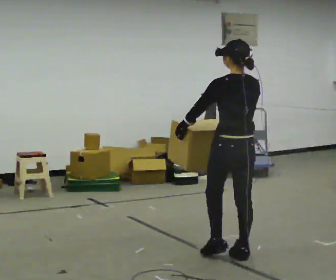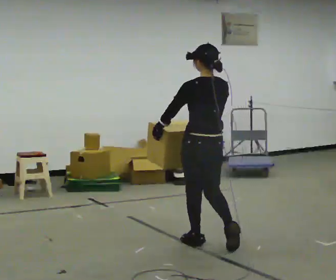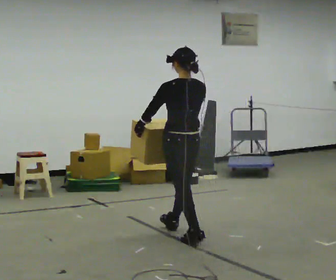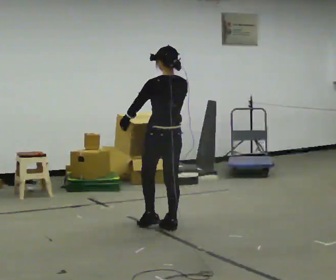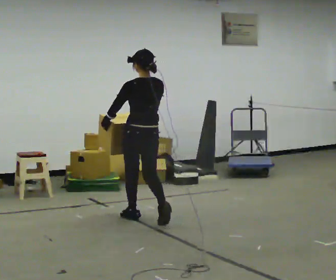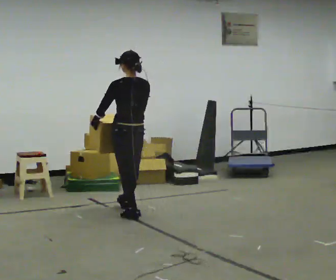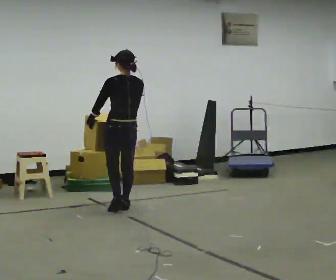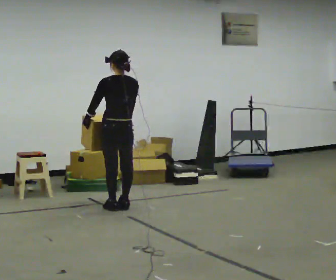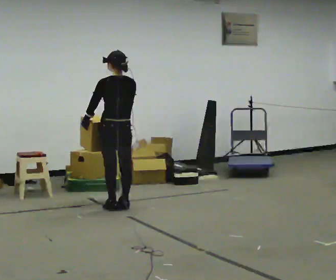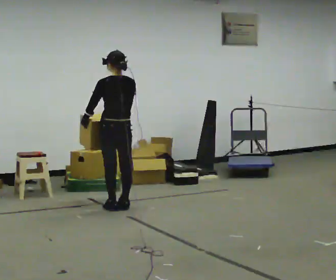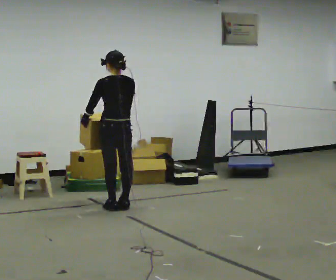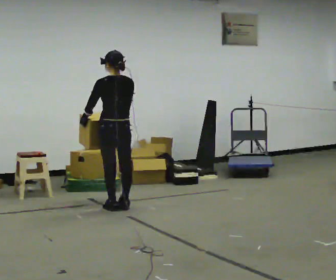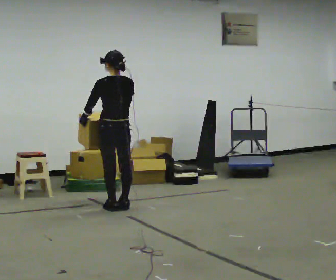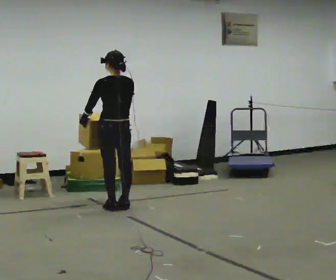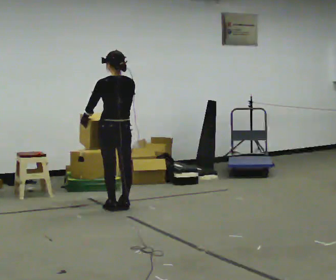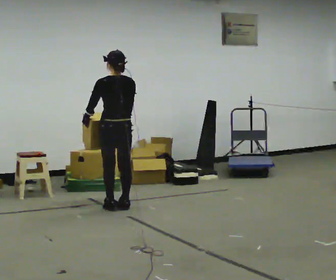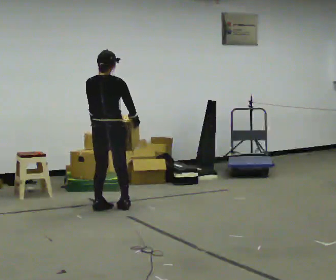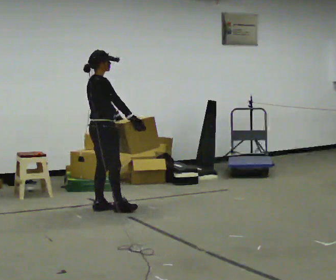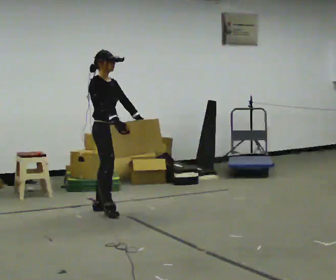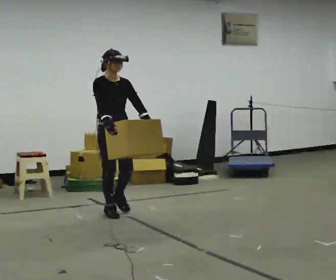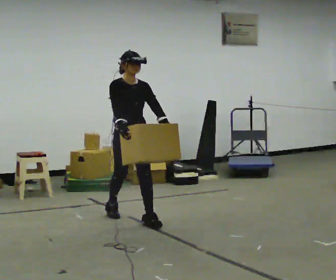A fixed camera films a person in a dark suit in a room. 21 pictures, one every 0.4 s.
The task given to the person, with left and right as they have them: Carry the medium box in both hands in front of you, walking back and forth across the room. Keep walking until the operator says stop.
0.0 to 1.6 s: In the picture they go away from the camera and to the left, about 1.5 m in 3 steps, which for them is forward.
1.6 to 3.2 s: In the picture they go away from the camera and to the left, about 0.5 m in 2 steps, which for them is forward.
3.2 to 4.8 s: The person keeps their place and pose.
4.8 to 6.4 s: The part of the body nearest the lens slides to the left as the person turns to their right by about 45 degrees.
6.4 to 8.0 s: The part of the body nearest the lens slides to the left as the person turns to their right by about 135 degrees. In the picture they go toward the camera and to the right, about 0.5 m in 2 steps.
The film runs forward here.
